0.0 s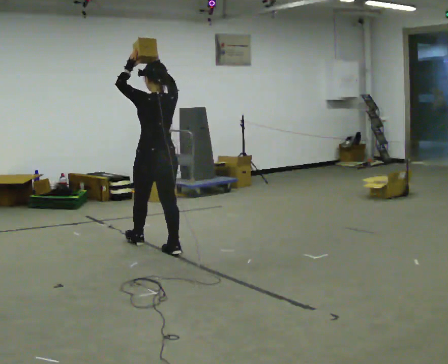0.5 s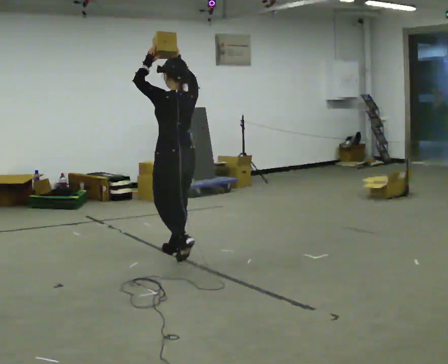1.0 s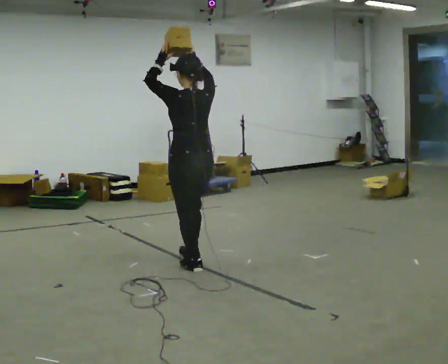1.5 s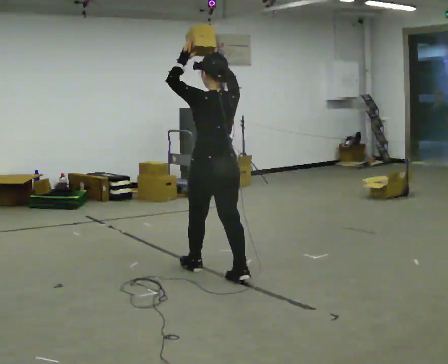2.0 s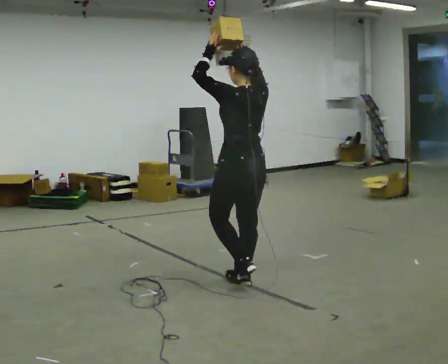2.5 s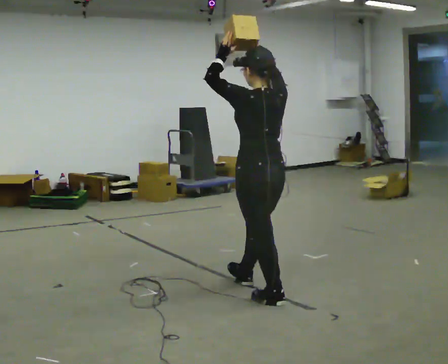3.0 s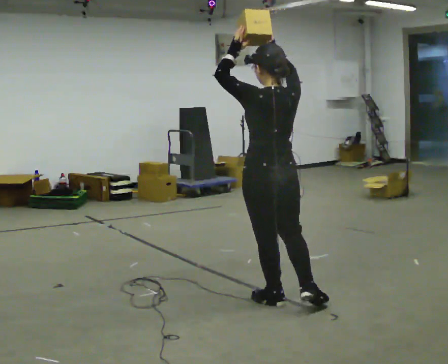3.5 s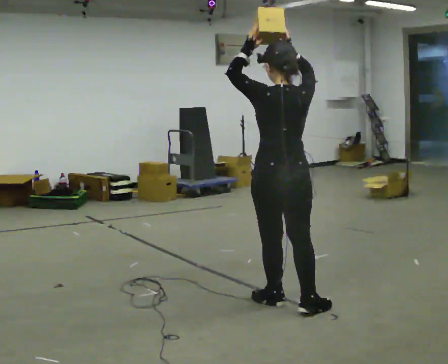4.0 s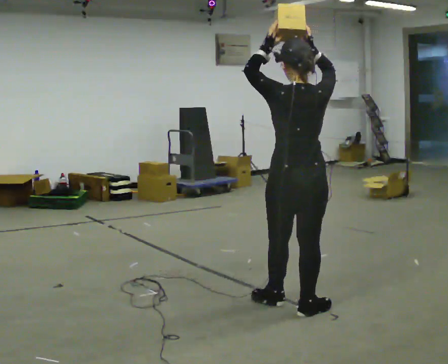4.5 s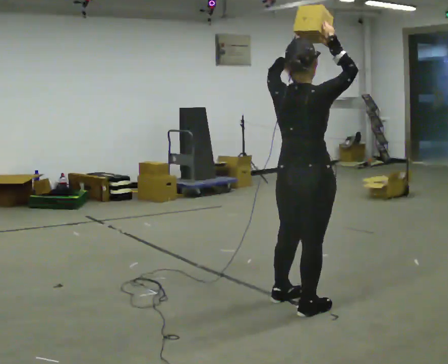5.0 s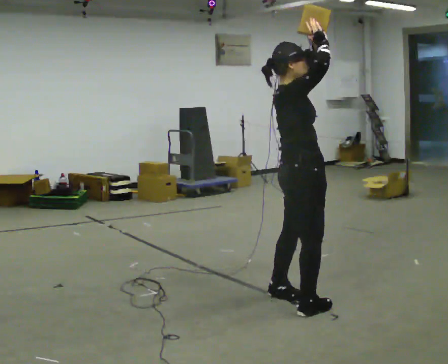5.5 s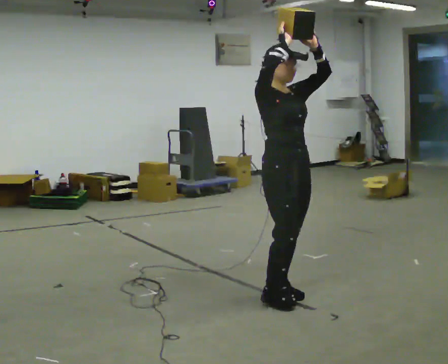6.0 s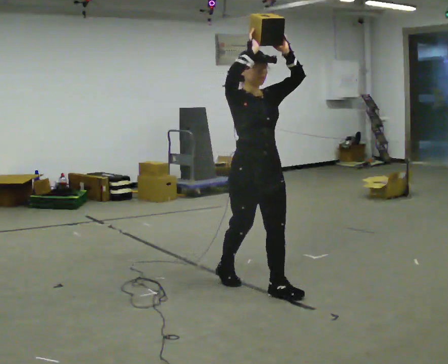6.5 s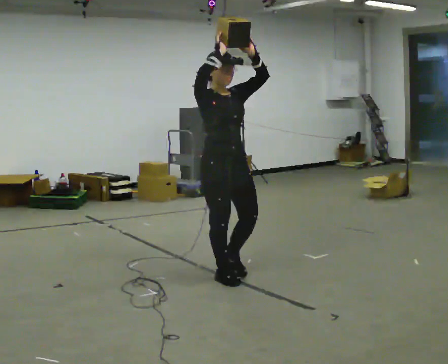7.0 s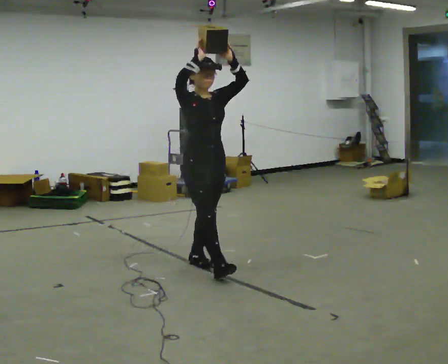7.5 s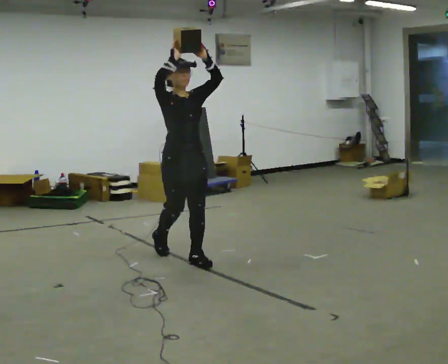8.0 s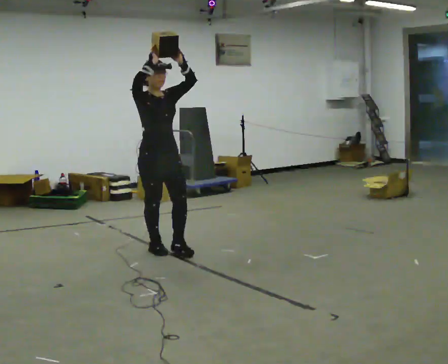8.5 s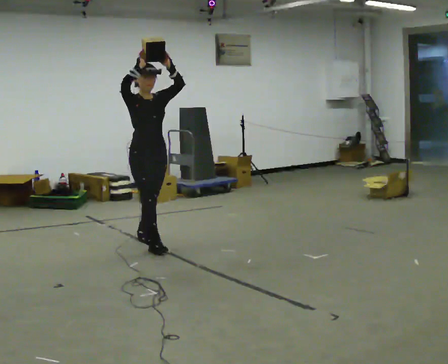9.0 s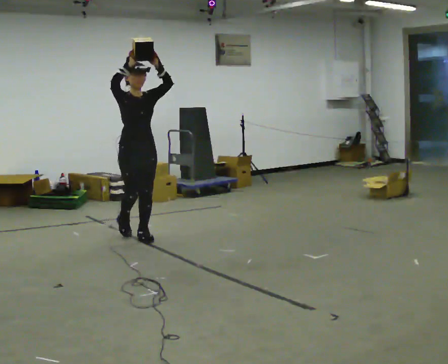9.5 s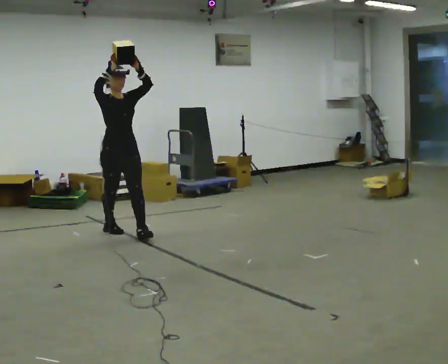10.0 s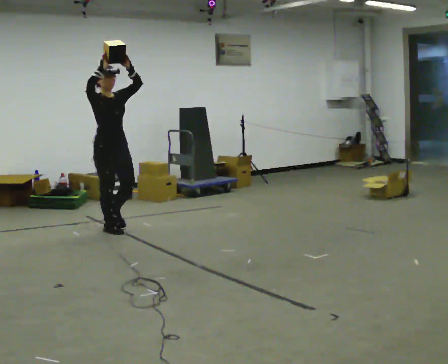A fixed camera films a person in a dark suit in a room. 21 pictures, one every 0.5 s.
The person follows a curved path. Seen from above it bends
counterclockwise.
0.0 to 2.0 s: In the picture they go to the right and toward the camera, about 1 m in 3 steps, which for them is backward.
2.0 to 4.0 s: The person turns about 30 degrees to their right, clockwise seen from above, so the part of the body nearest the lens slides to the left. In the picture they go to the right and toward the camera, about 0.75 m in 1 step, which for them is backward.
4.0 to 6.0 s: The person turns about 150 degrees to their right, clockwise seen from above, so the part of the body nearest the lens slides to the left. In the picture they go to the left and away from the camera, about 0.5 m in 1 step.
6.0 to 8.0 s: In the picture they go to the left and away from the camera, about 1.5 m in 3 steps, which for them is backward.
8.0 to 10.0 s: In the picture they go to the left and away from the camera, about 1 m in 2 steps, which for them is backward.
The film runs backward here.
